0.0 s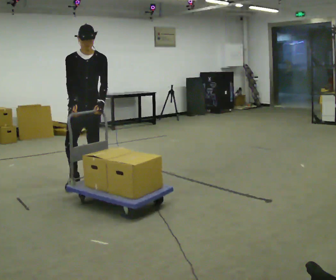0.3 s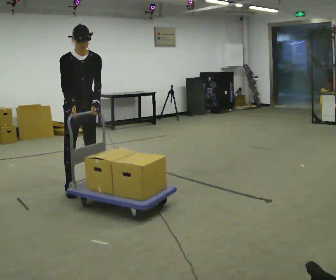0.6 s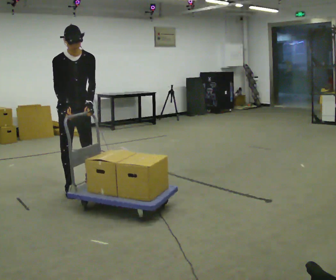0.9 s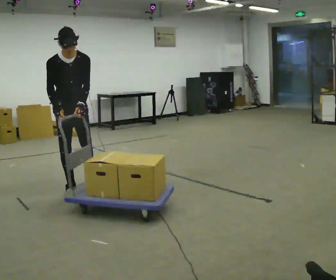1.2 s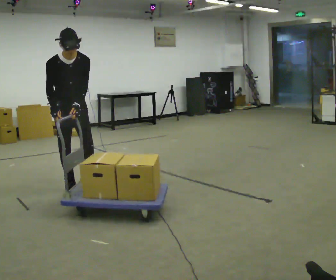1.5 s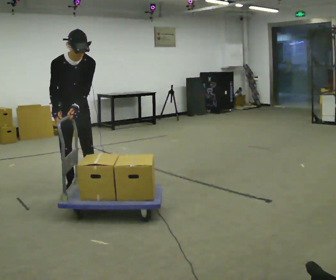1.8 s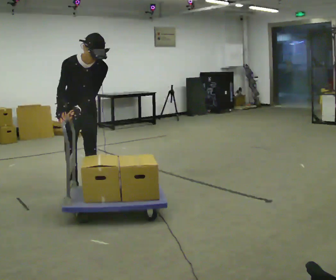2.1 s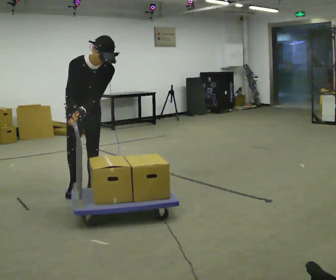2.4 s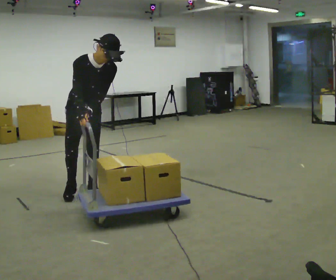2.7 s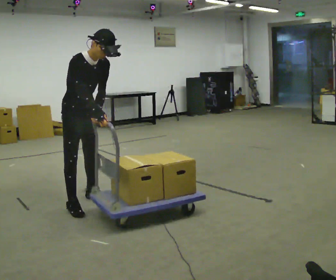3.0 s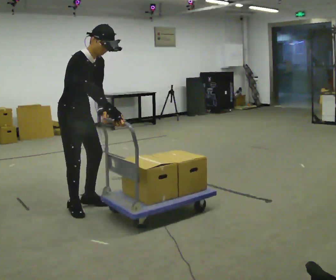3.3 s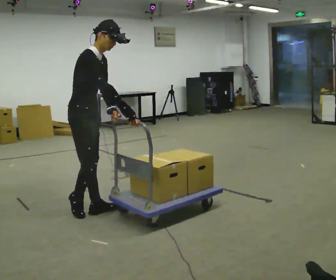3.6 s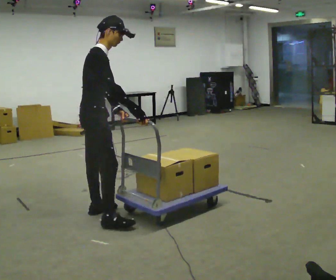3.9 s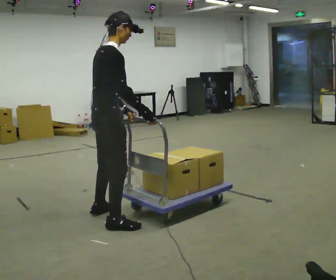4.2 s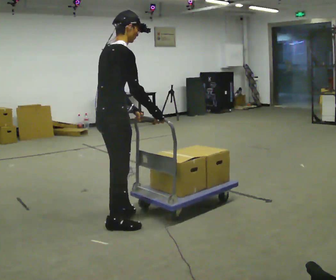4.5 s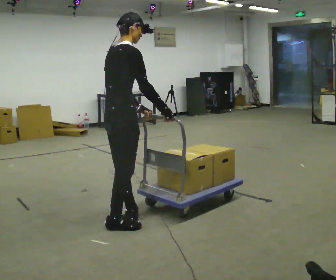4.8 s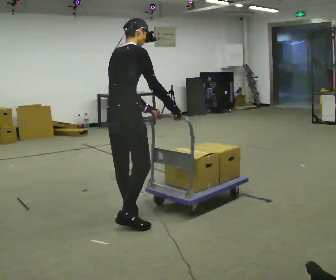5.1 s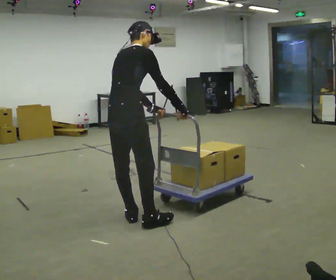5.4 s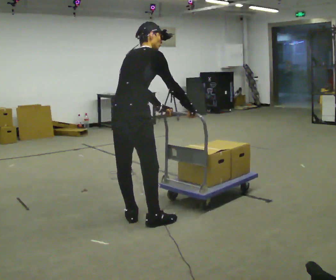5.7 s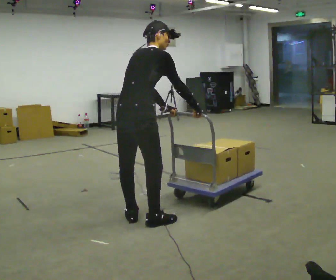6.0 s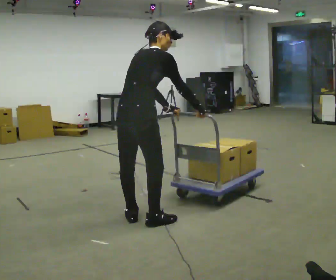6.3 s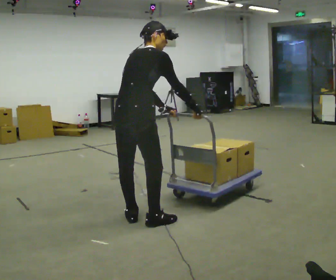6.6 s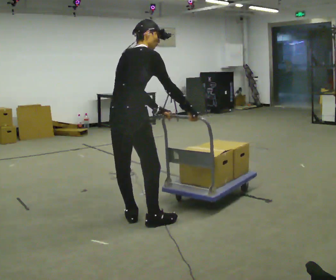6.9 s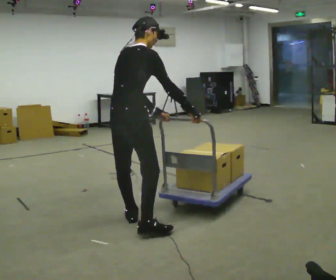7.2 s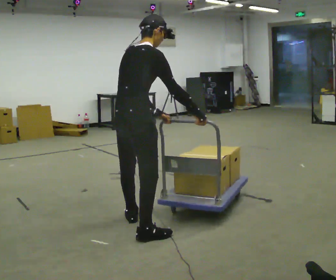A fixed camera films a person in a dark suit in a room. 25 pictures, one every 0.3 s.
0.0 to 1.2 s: In the picture they go toward the camera and to the left, about 0.25 m in 1 step, which for them is to their right and forward. The upper body tips toward the camera, its near side rolling downward, as they bend forward.
1.2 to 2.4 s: In the picture they go toward the camera, about 0.25 m in 1 step, which for them is forward. In the picture the upper body tilts clockwise, shoulders to the right.
2.4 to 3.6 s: The person turns about 75 degrees to their left, counterclockwise seen from above, so the part of the body nearest the lens slides to the right. In the picture they go toward the camera, about 0.5 m in 2 steps. The upper body tips away from the camera, its near side rolling upward, as they lean back or straighten.
3.6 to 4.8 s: The part of the body nearest the lens slides to the right as the person turns to their left by about 30 degrees. In the picture they go to the right and toward the camera, about 0.25 m in 2 steps, which for them is to their right and forward. The upper body tips away from the camera, its near side rolling upward.
4.8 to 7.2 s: In the picture they go toward the camera, about 0.25 m in 2 steps, which for them is to their right and backward.
The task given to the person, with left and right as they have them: Push the loaded cart from one corner of the room to the other, turn it round, and push it back. Keep going until the operator says stop.
The film runs forward here.
